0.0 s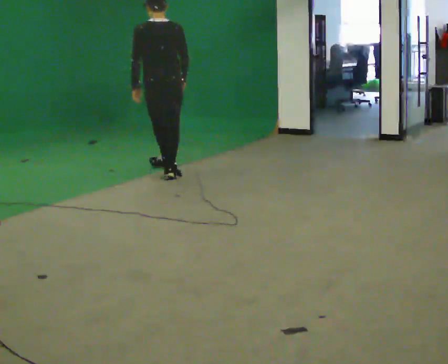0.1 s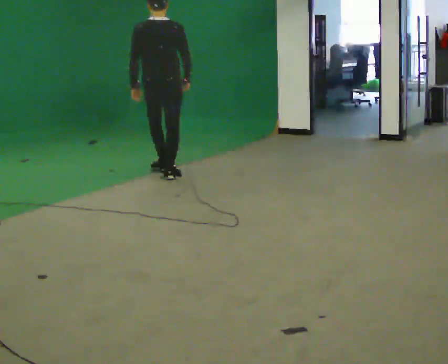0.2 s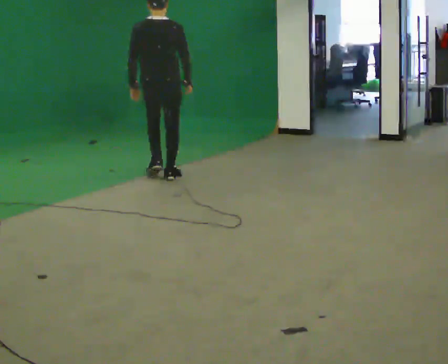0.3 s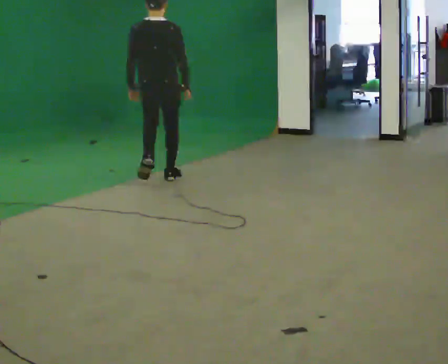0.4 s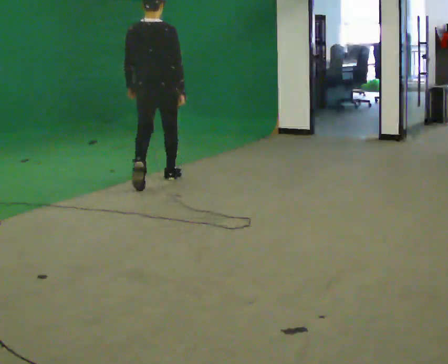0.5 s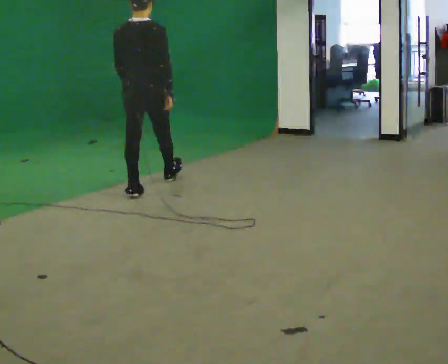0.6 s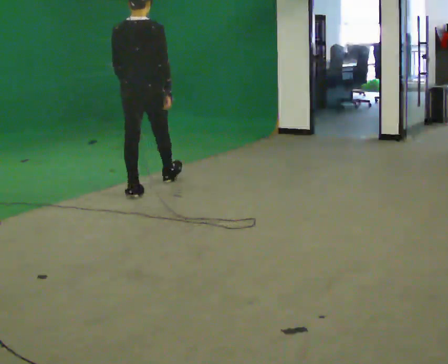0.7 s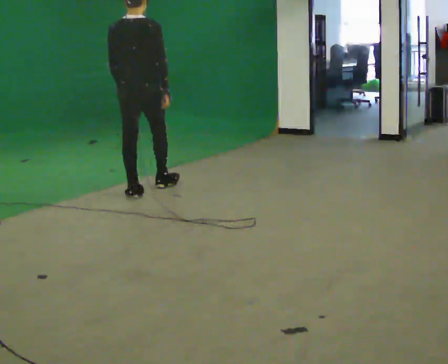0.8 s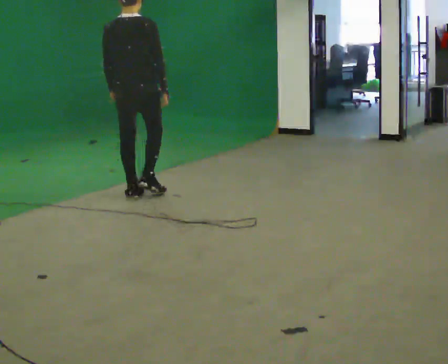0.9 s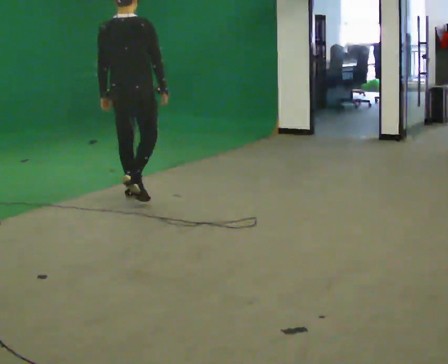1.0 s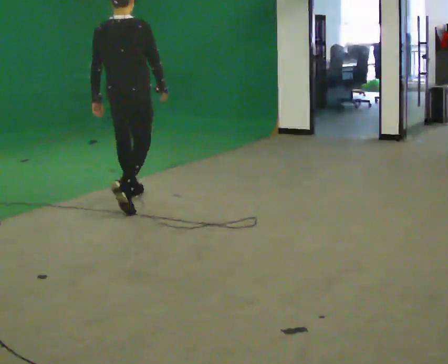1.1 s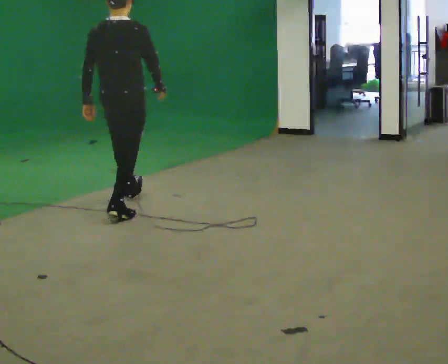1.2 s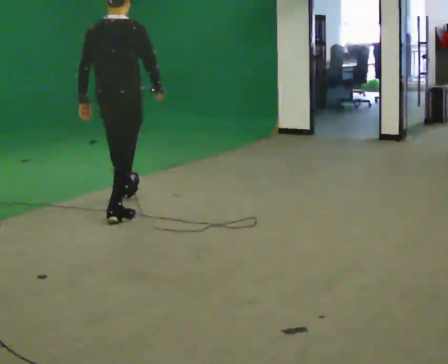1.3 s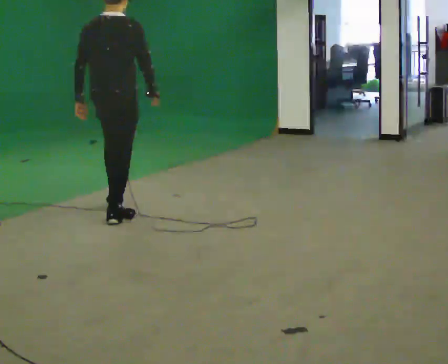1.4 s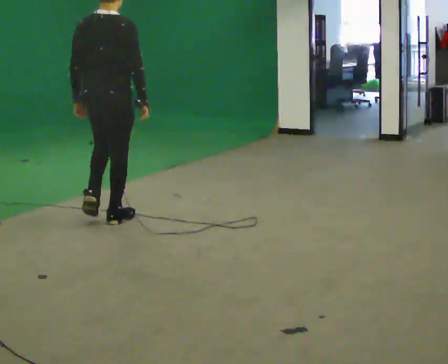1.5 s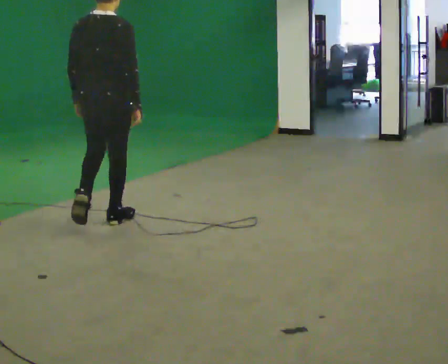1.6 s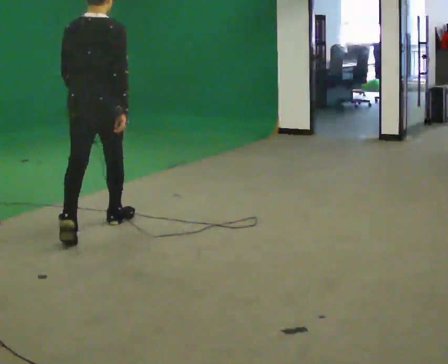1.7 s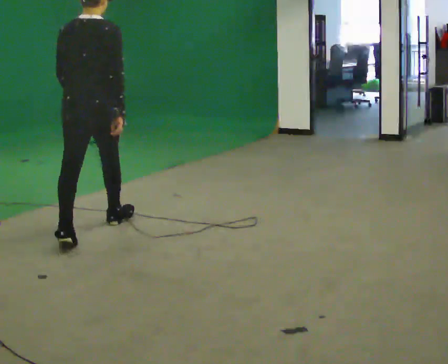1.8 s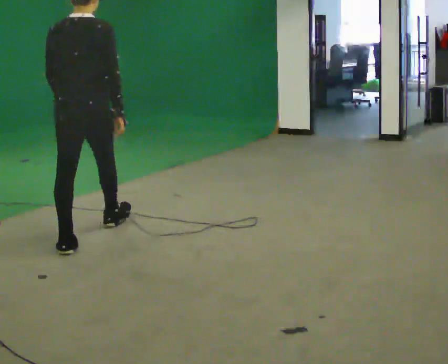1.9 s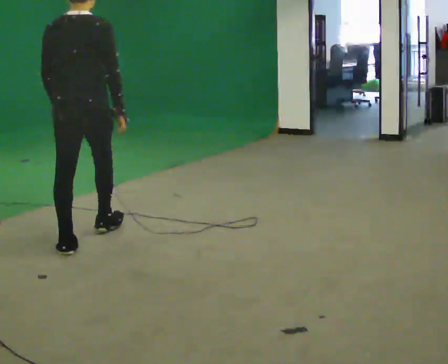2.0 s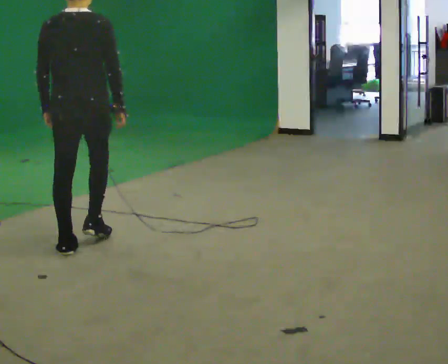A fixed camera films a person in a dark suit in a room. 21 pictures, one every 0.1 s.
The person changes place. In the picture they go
toward the camera.
0.0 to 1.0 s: In the picture they go toward the camera, about 1 m in 1 step, which for them is backward.
1.0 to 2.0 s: In the picture they go toward the camera, about 1 m in 2 steps, which for them is backward.
The film runs backward here.
